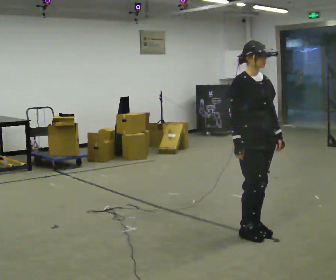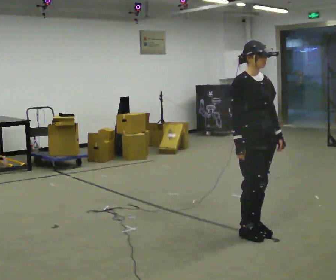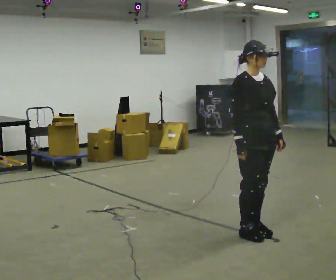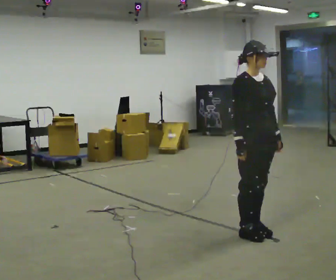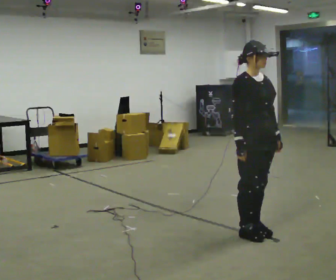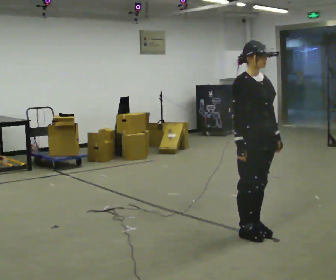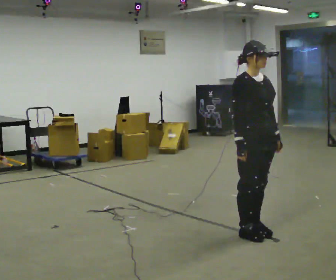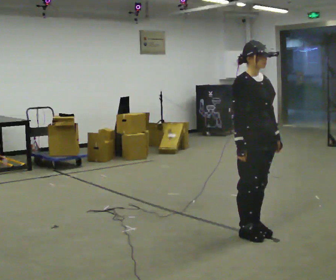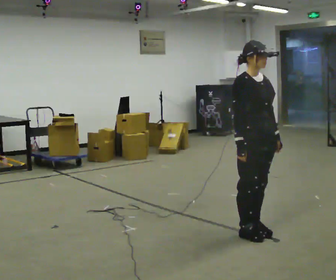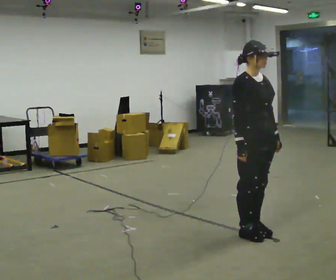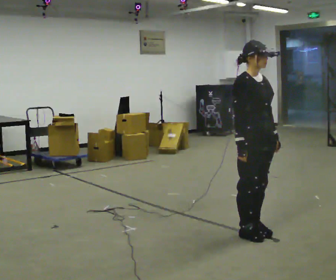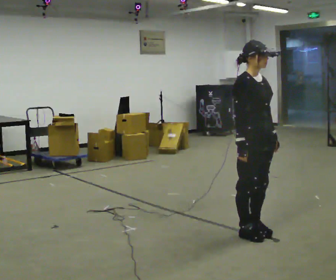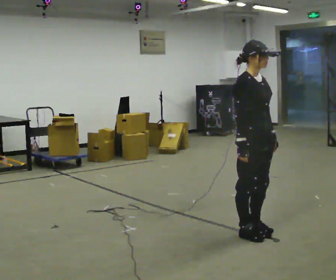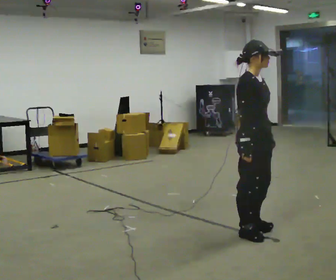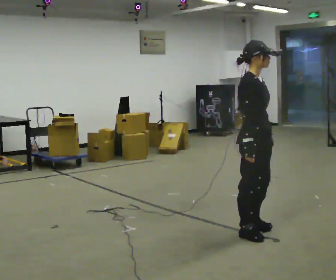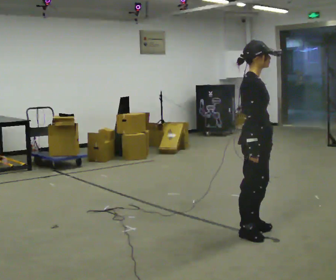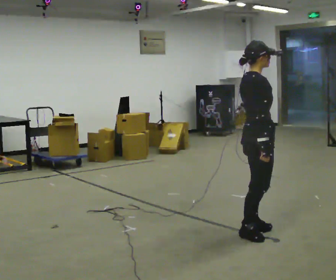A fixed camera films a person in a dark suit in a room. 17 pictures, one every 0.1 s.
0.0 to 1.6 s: The person turns about 60 degrees to their left, counterclockwise seen from above, so the part of the body nearest the lens slides to the right.
The film runs forward here.
